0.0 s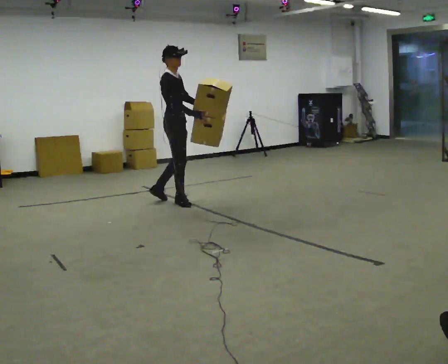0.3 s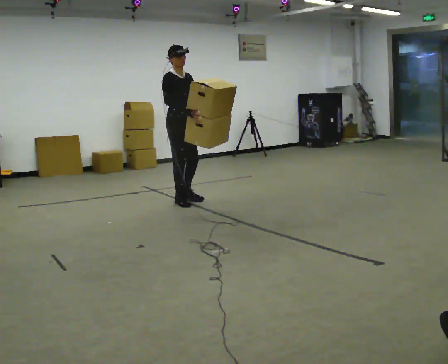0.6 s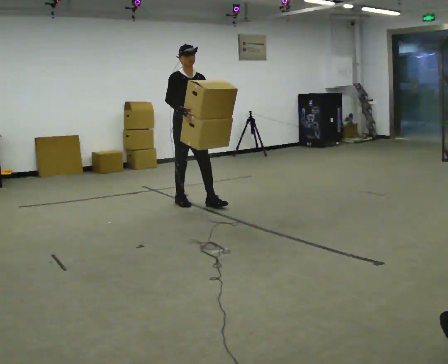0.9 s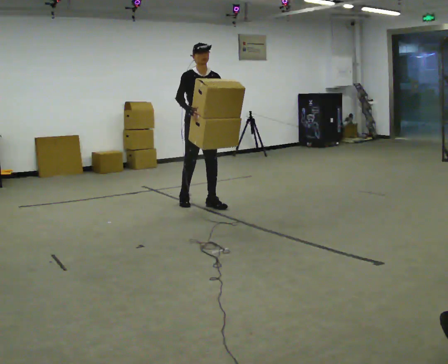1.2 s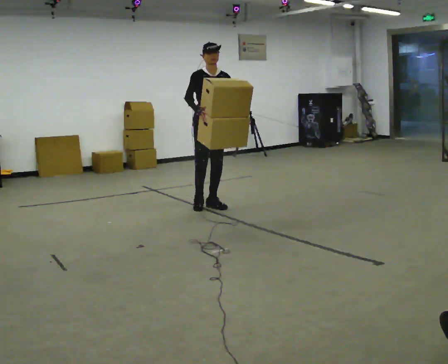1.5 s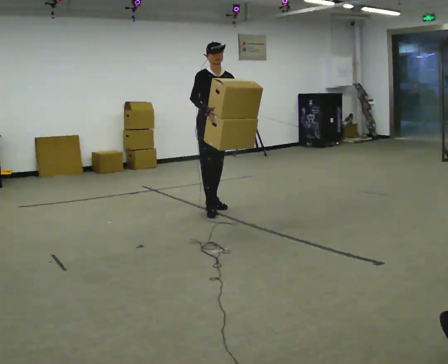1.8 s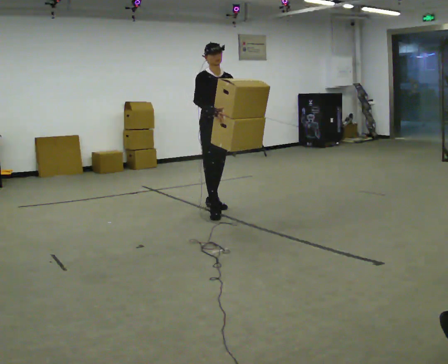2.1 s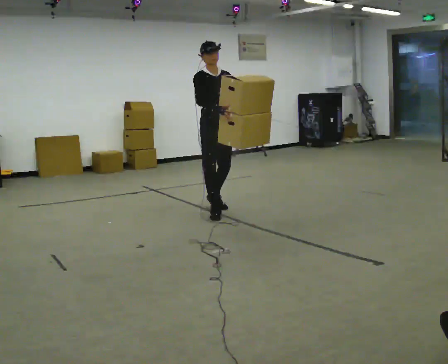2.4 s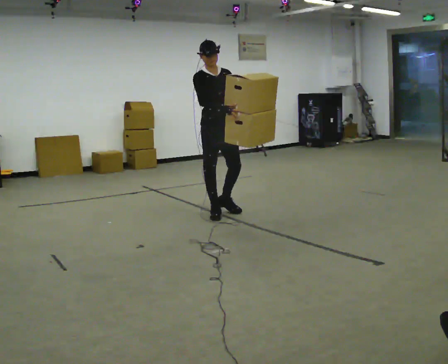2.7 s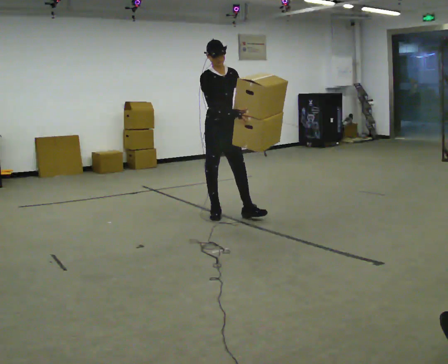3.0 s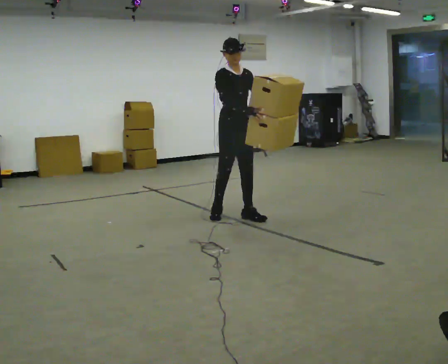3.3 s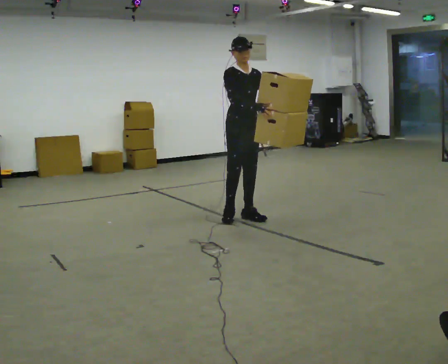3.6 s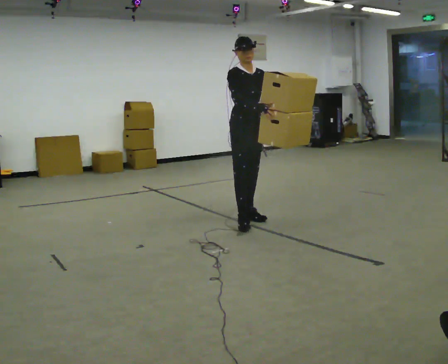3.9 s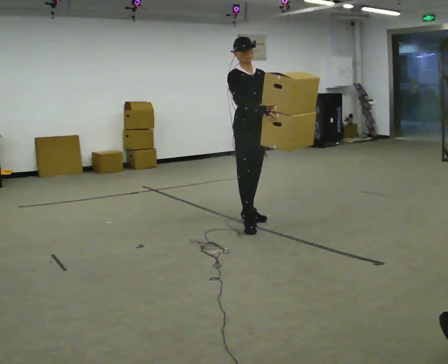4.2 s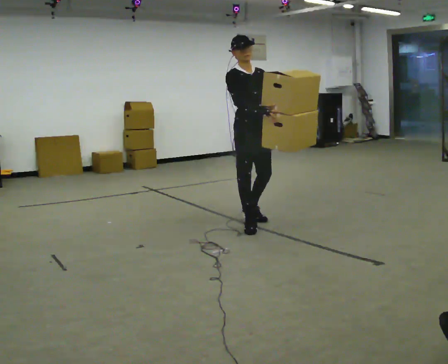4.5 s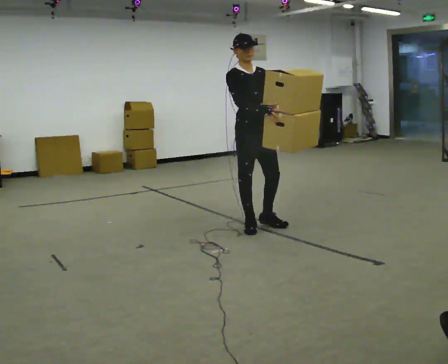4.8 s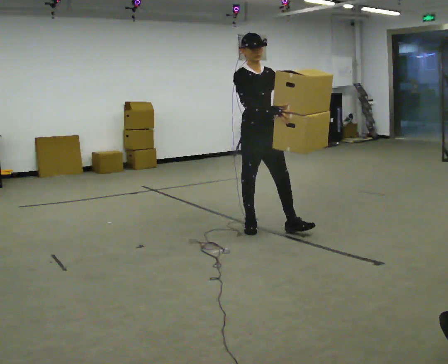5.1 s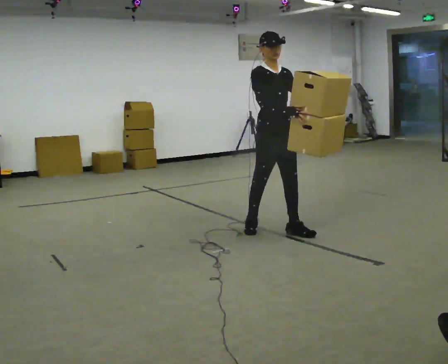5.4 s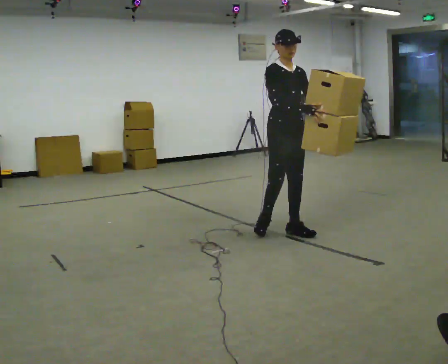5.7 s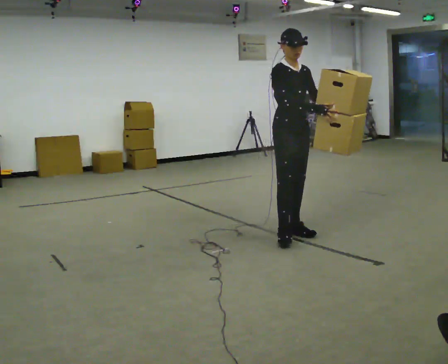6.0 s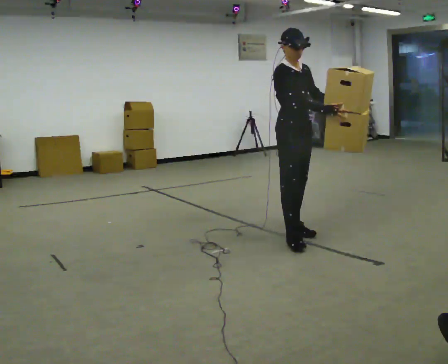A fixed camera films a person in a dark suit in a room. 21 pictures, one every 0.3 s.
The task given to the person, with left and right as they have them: Carry the large light object across the room, back and forth. It is awkward rather than heavy, so hold it however works.
0.0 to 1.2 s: The part of the body nearest the lens slides to the left as the person turns to their right by about 60 degrees. In the picture they go to the right, about 0.5 m in 1 step.
1.2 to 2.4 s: In the picture they go toward the camera, about 0.25 m in 1 step, which for them is forward.
2.4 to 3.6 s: In the picture they go to the right and toward the camera, about 0.25 m in 1 step, which for them is forward.
3.6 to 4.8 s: In the picture they go toward the camera, about 0.5 m in 1 step, which for them is forward and to their right.
4.8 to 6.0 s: In the picture they go to the right and toward the camera, about 0.25 m in 2 steps, which for them is forward.
The film runs forward here.
